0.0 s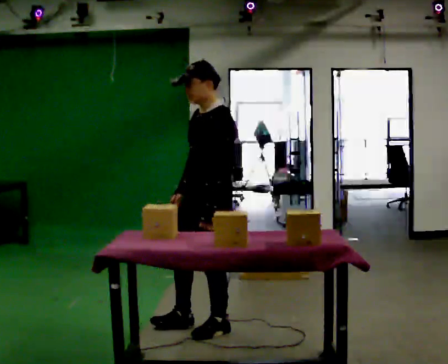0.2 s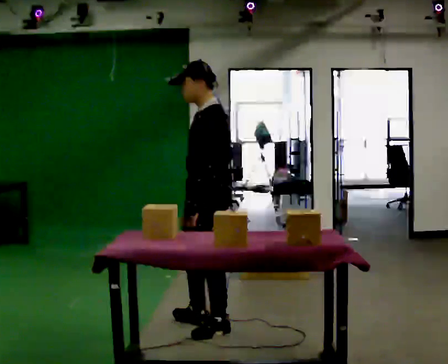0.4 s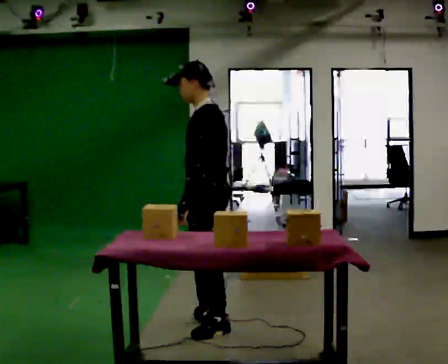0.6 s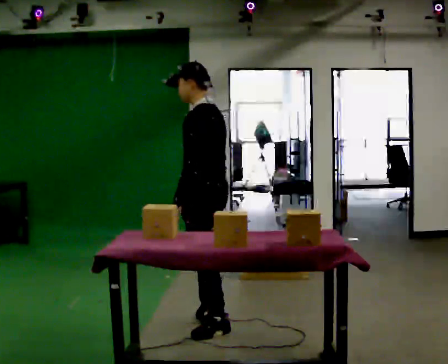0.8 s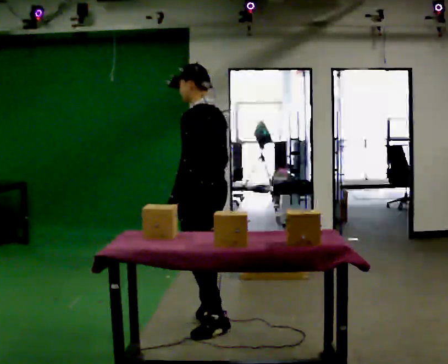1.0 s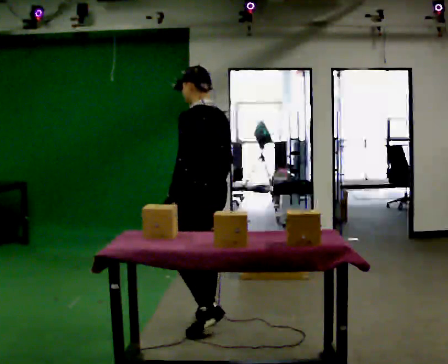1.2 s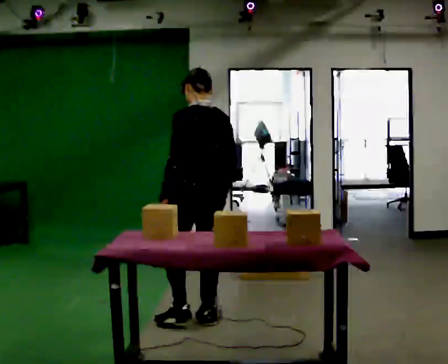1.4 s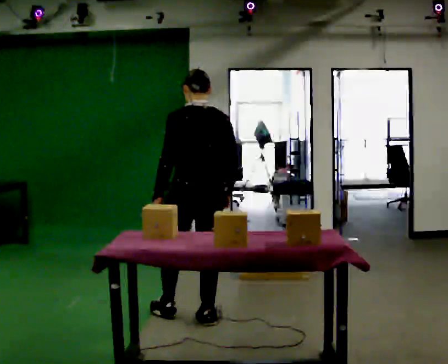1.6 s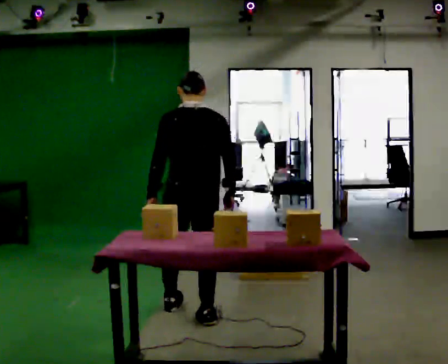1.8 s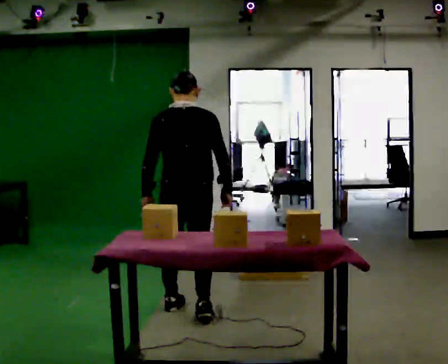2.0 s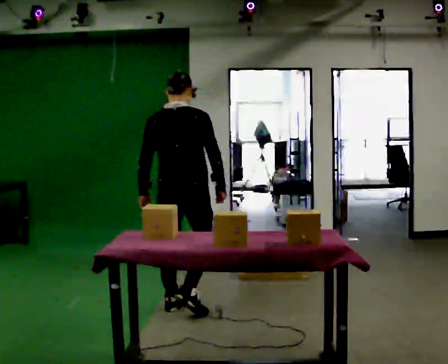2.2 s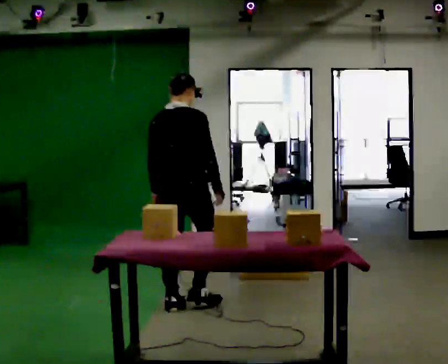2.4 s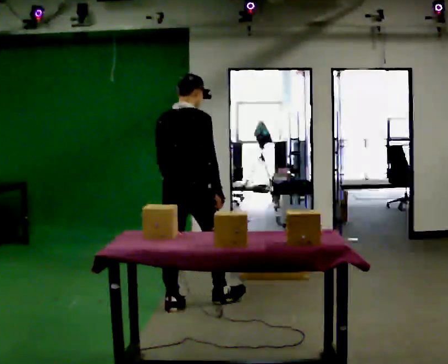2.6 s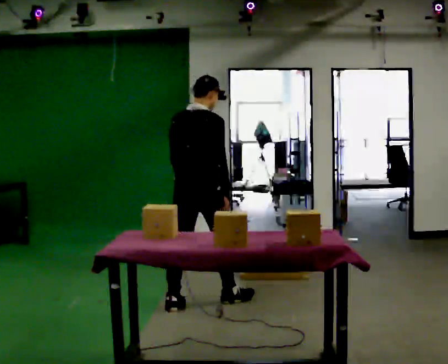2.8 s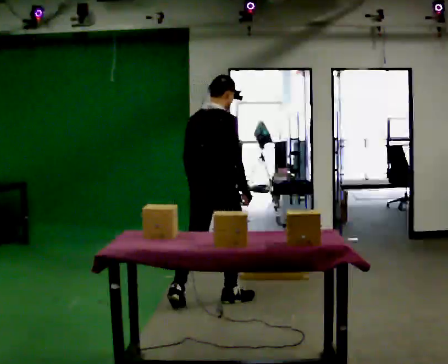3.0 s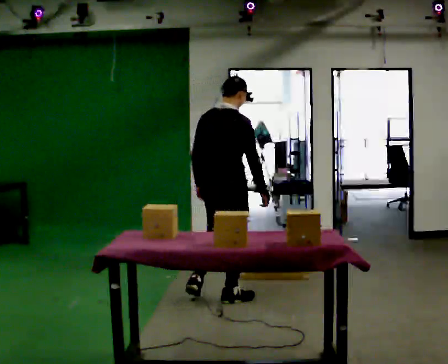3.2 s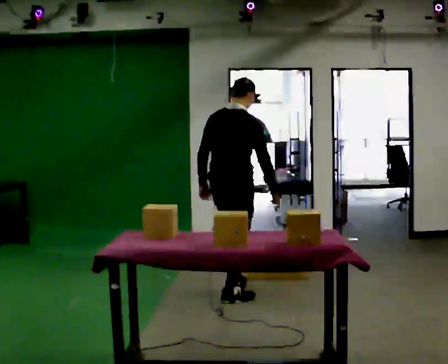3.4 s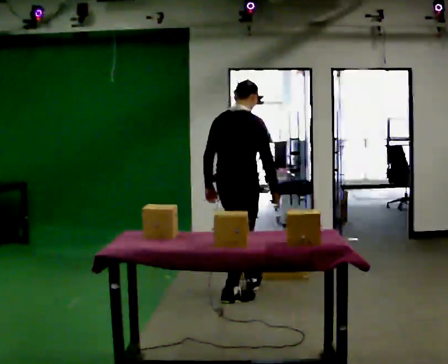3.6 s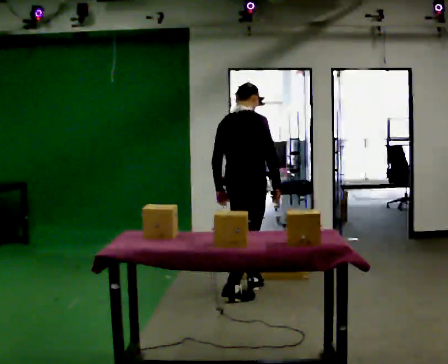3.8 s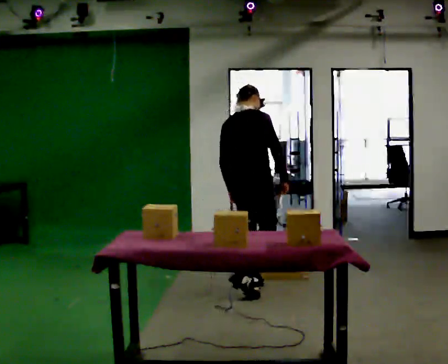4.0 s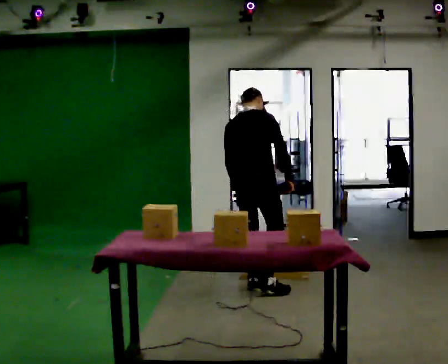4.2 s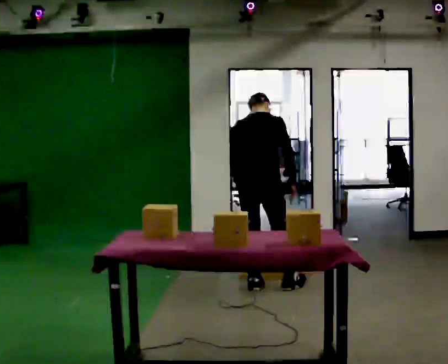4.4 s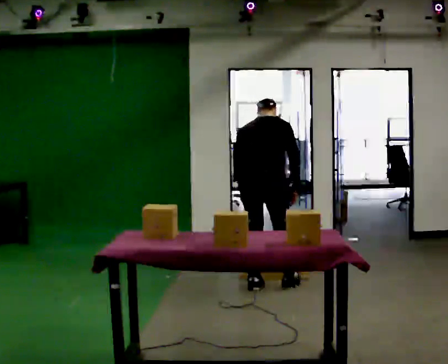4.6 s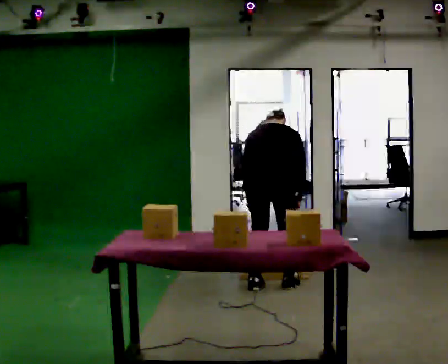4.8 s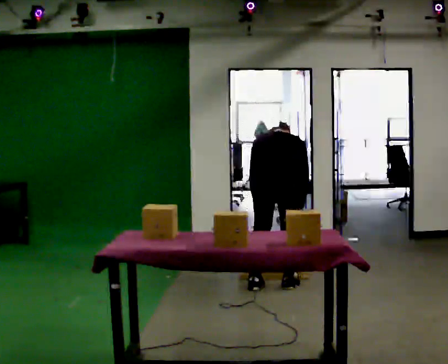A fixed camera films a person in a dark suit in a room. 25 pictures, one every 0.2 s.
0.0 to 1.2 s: The part of the body nearest the lens slides to the left as the person turns to their right by about 75 degrees. In the picture they go away from the camera, about 0.25 m in 1 step.
1.2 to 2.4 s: The person turns about 60 degrees to their right, clockwise seen from above, so the part of the body nearest the lens slides to the left. In the picture they go away from the camera, about 0.25 m in 1 step.
2.4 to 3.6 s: In the picture they go to the right and away from the camera, about 0.5 m in 2 steps, which for them is forward.
3.6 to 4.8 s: Seen from above the body turns counterclockwise, about 30 degrees: to their left, with its near side sliding to the right. In the picture they go to the right, about 0.25 m in 1 step, which for them is forward and to their right. The upper body goes downward. The upper body tips away from the camera, its near side rolling upward, as they bend forward.
The film runs forward here.
